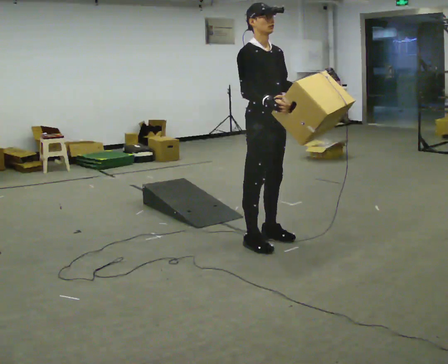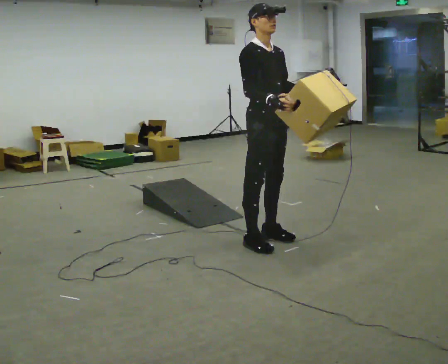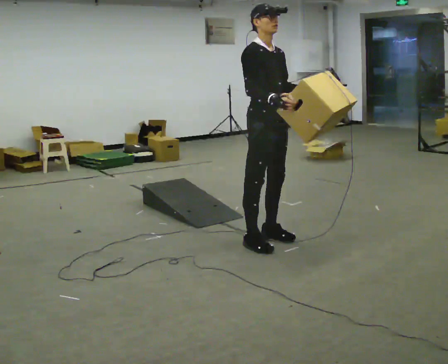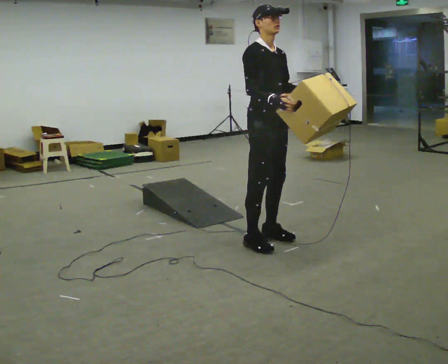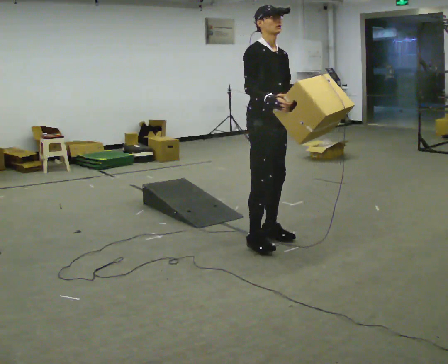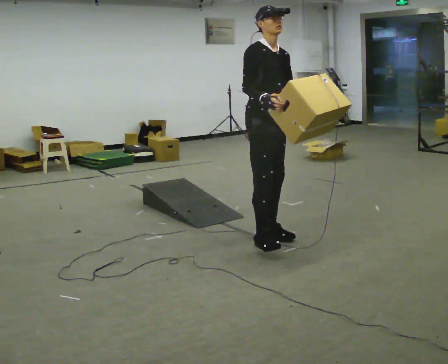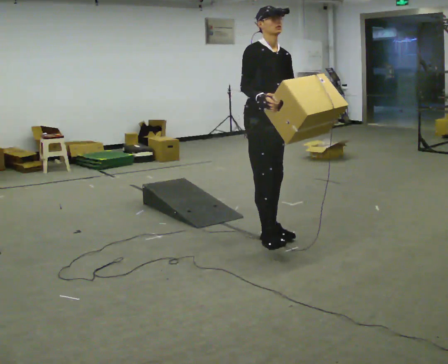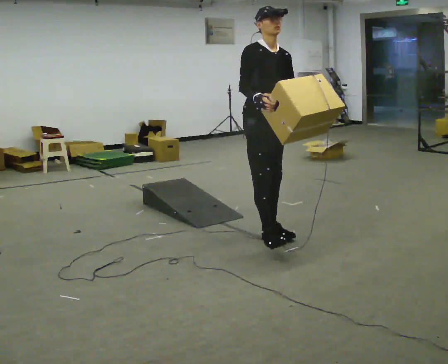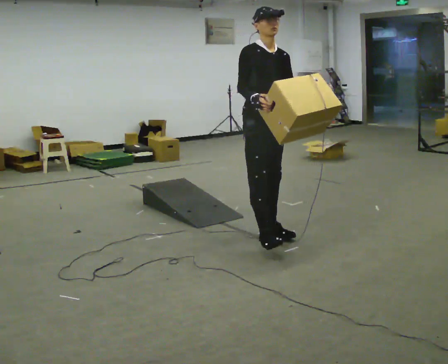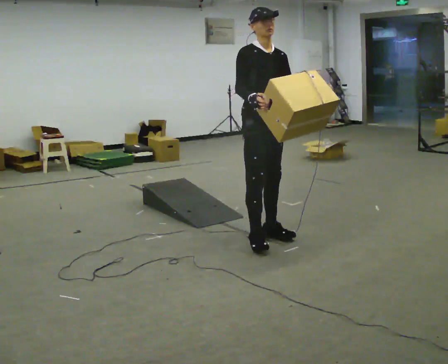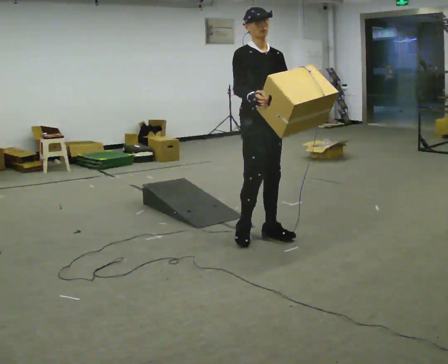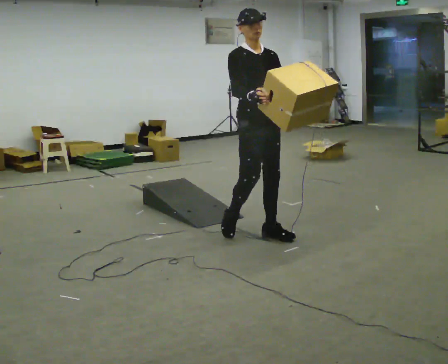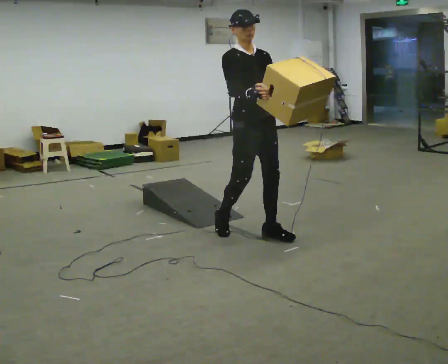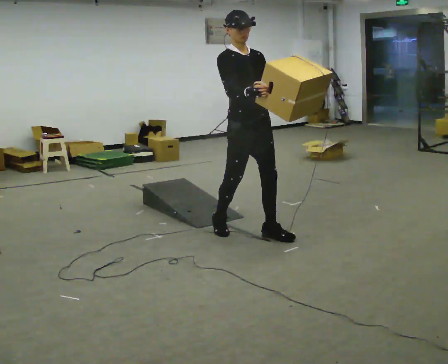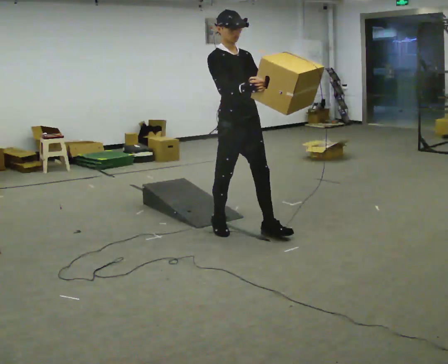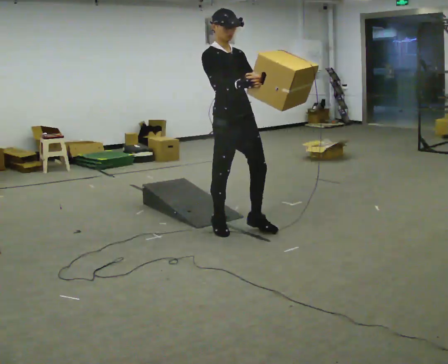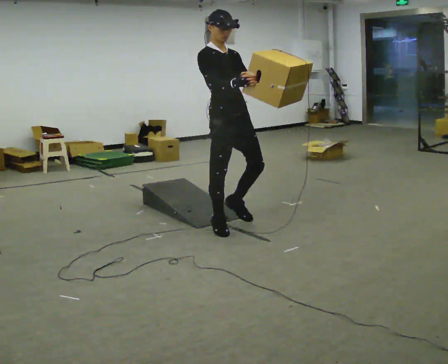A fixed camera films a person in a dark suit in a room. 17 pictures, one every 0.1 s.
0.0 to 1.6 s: In the picture they go to the left and away from the camera, about 0.5 m in 3 steps, which for them is backward.
The film runs backward here.
